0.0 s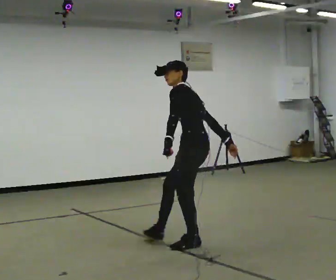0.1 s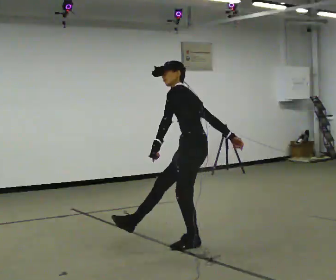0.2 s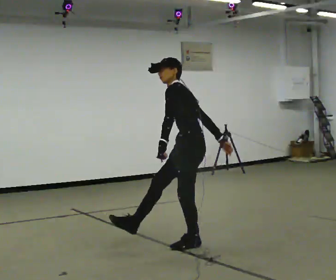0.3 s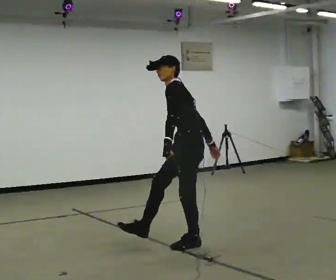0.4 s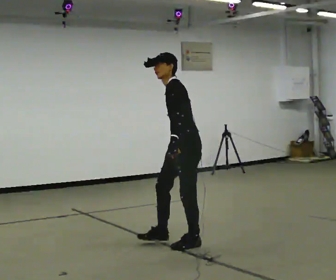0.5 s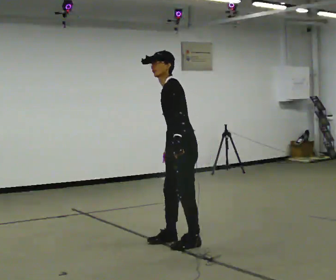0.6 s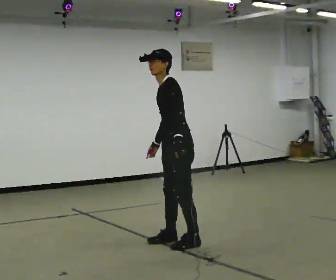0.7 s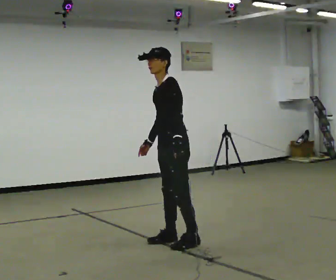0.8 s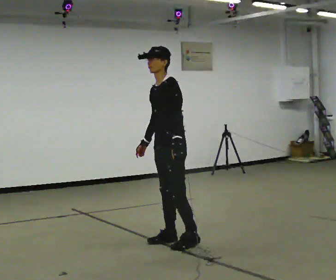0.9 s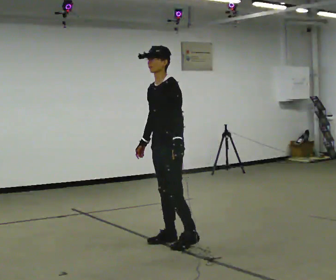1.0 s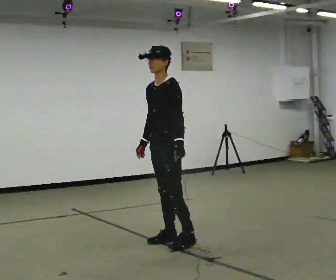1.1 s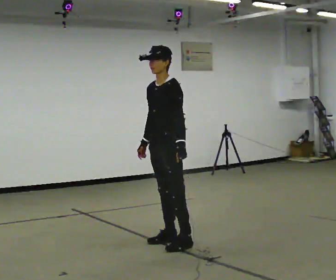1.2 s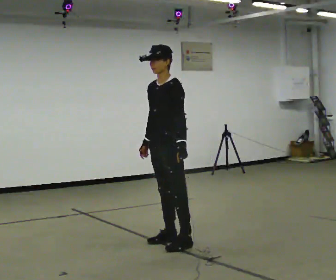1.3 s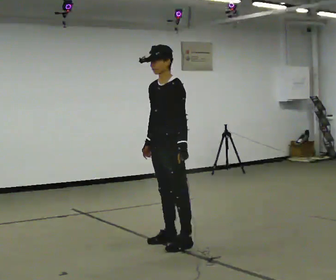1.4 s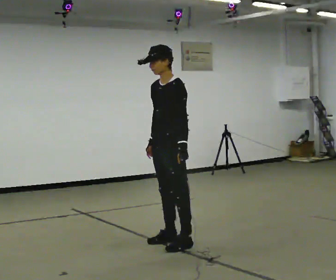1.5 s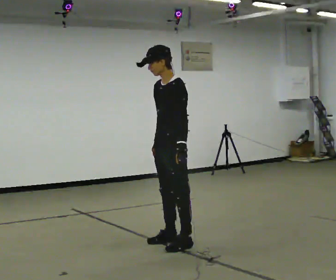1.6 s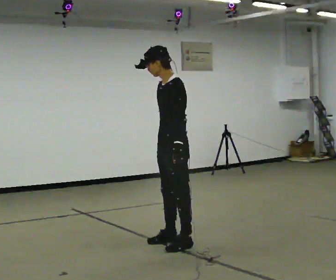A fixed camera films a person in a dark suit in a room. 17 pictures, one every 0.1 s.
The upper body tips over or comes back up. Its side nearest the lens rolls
downward.
0.0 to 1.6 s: The person turns about 30 degrees to their left, counterclockwise seen from above, so the part of the body nearest the lens slides to the right. In the picture they go to the left, about 0.25 m in 1 step, which for them is forward. The upper body tips toward the camera, its near side rolling downward. In the picture their right hand goes to the left.
The film runs forward here.
